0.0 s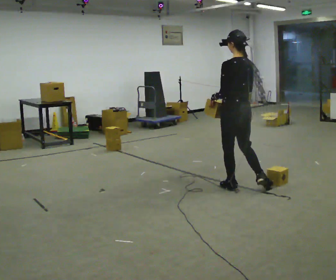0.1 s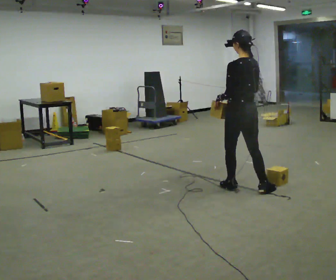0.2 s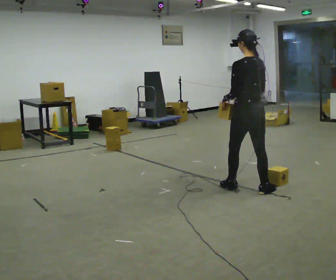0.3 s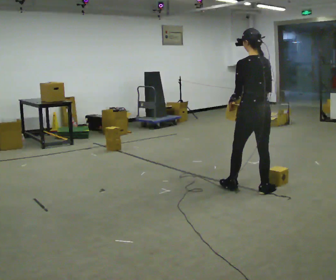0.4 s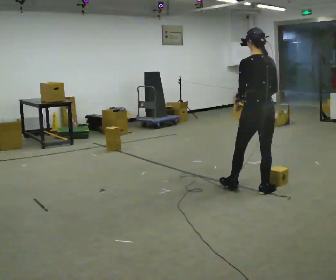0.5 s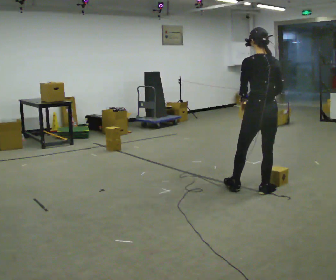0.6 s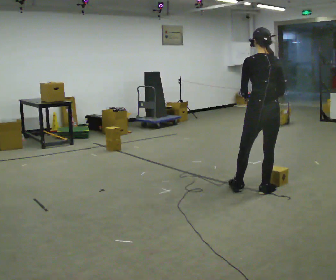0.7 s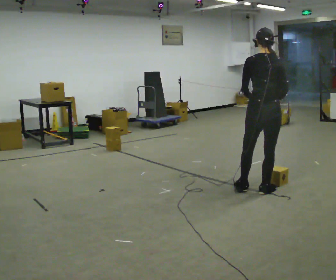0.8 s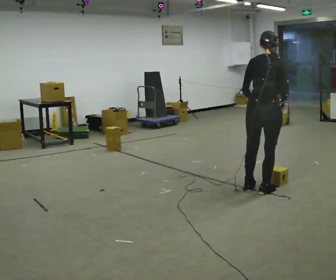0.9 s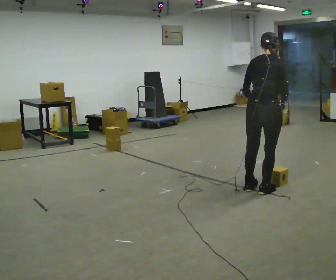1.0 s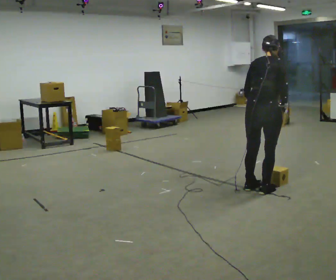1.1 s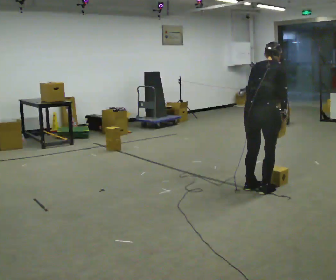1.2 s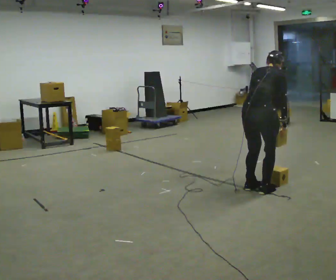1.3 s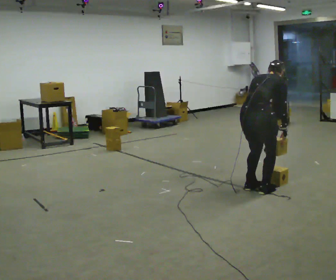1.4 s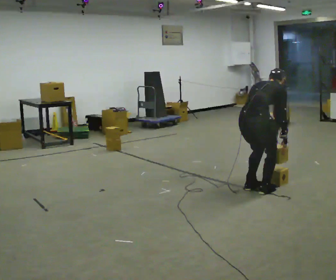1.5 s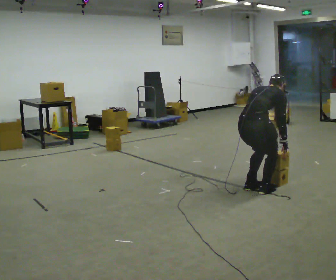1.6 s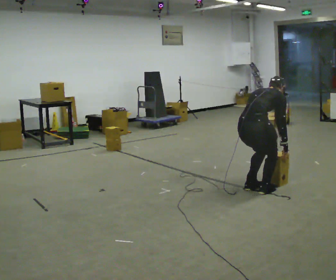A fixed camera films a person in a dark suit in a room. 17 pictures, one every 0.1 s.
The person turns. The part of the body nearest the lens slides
to the left.
The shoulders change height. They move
downward.
0.0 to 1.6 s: The part of the body nearest the lens slides to the left as the person turns to their right by about 75 degrees. In the picture they go toward the camera, about 0.25 m. The upper body goes downward. The upper body tips away from the camera, its near side rolling upward, as they bend forward. In the picture their right hand goes downward.
The film runs backward here.
